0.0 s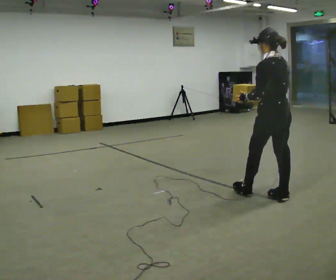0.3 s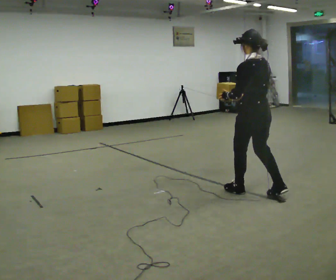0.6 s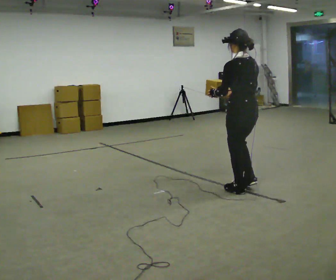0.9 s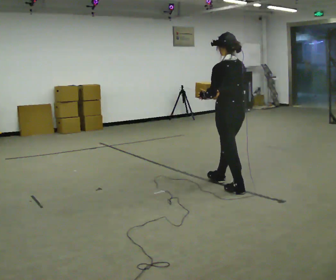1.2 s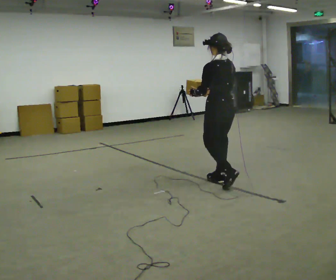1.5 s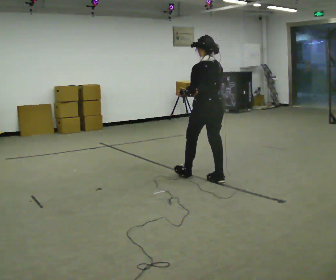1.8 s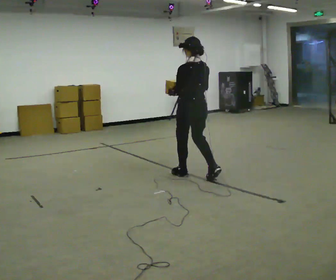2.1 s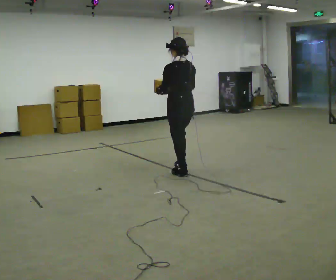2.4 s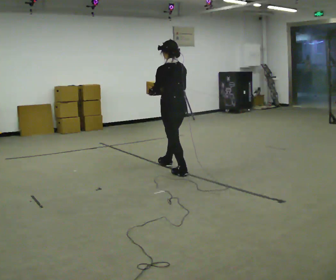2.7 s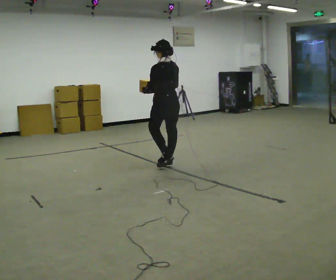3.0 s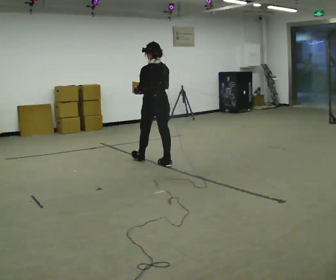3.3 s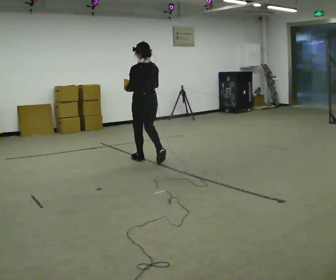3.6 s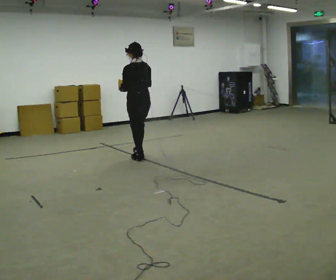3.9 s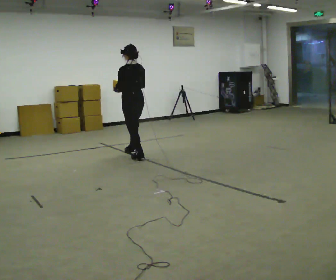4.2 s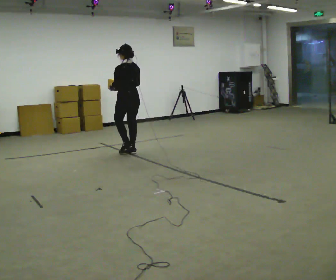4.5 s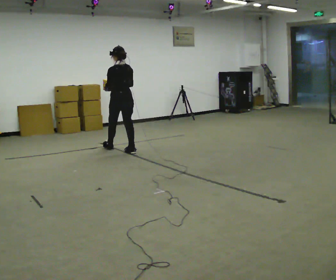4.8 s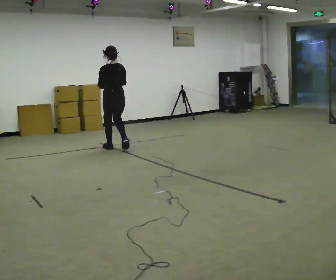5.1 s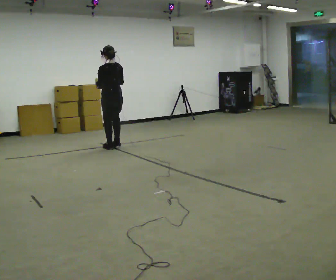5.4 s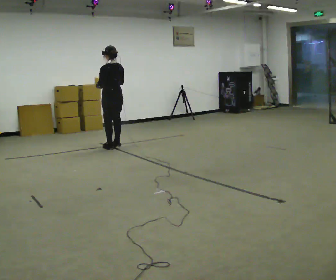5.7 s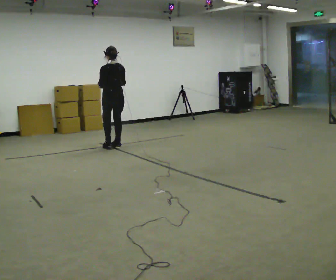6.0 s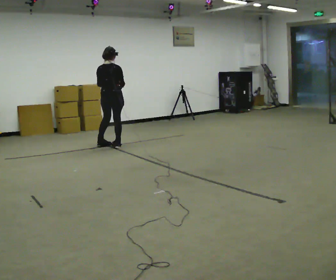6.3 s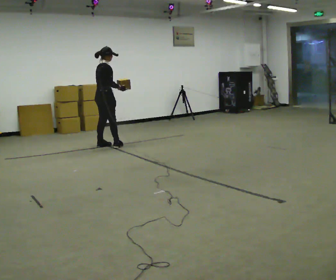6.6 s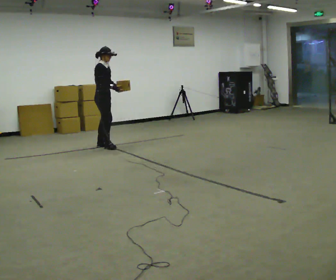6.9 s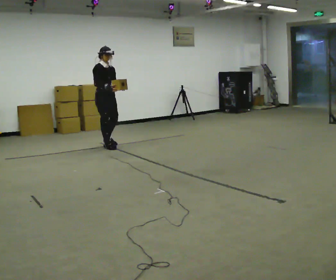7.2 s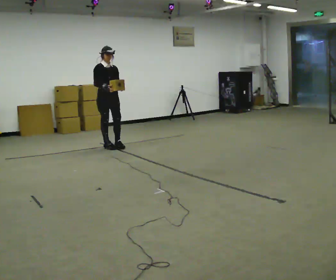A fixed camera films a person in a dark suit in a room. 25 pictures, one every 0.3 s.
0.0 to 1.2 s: In the picture they go away from the camera and to the left, about 0.5 m in 2 steps, which for them is forward.
1.2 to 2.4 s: In the picture they go away from the camera and to the left, about 1 m in 2 steps, which for them is forward.
2.4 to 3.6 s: In the picture they go away from the camera and to the left, about 1 m in 1 step, which for them is forward.
3.6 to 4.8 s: In the picture they go away from the camera and to the left, about 0.5 m in 2 steps, which for them is forward.
4.8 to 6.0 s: The part of the body nearest the lens slides to the left as the person turns to their right by about 45 degrees. In the picture they go away from the camera, about 0.25 m in 2 steps, which for them is forward.
6.0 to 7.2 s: Seen from above the body turns clockwise, about 135 degrees: to their right, with its near side sliding to the left.
The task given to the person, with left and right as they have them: Carry the light box in both hands in front of you, walking back and forth across the room. Keep walking until the operator says stop.
The film runs forward here.
